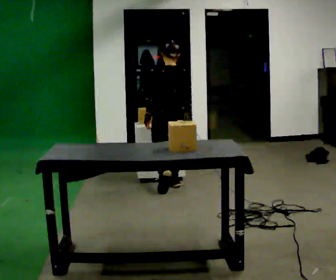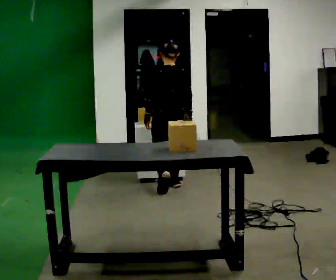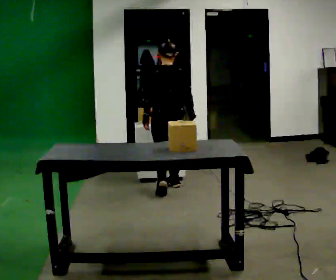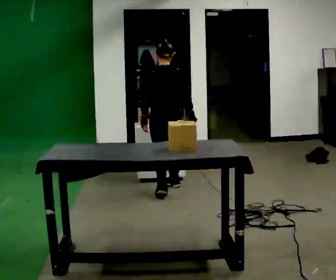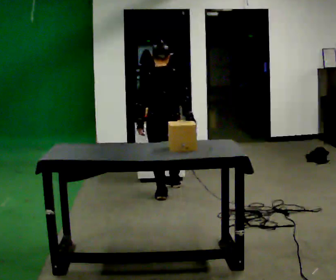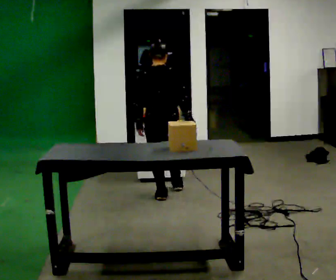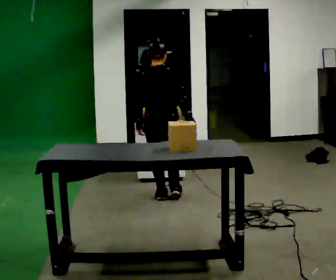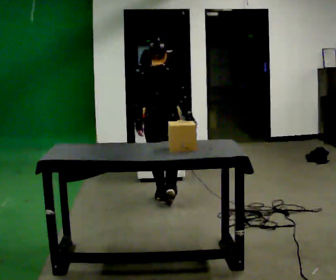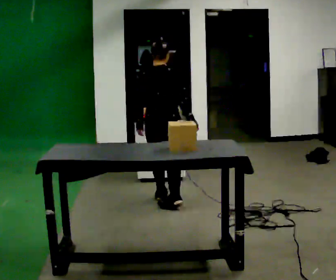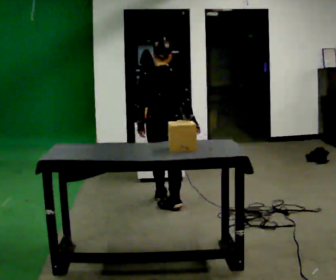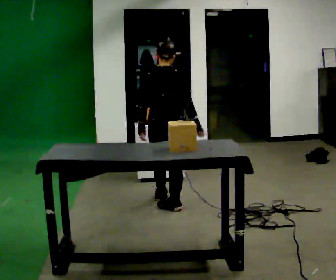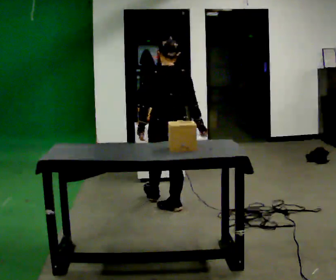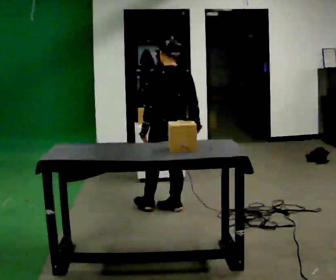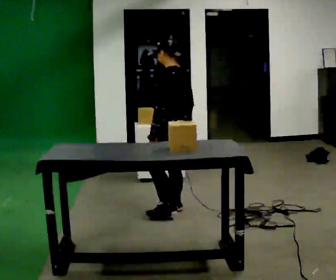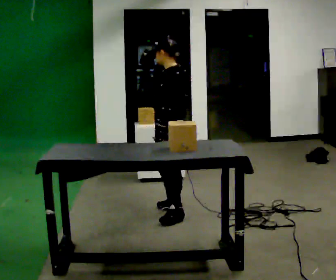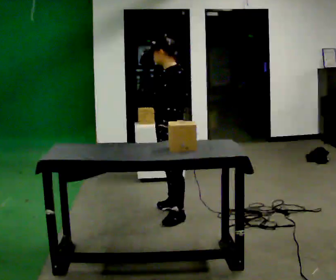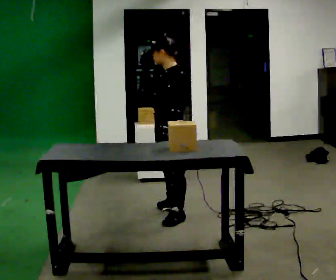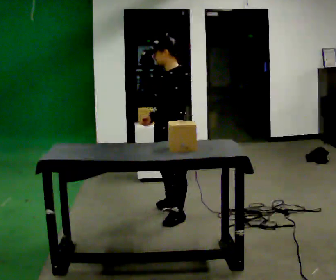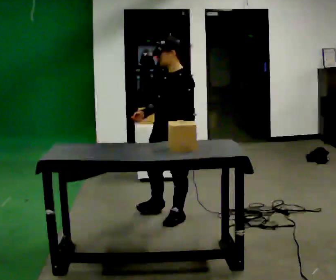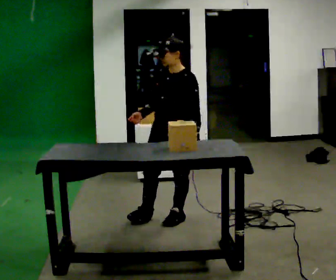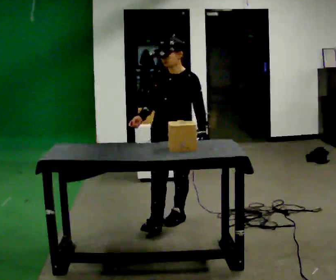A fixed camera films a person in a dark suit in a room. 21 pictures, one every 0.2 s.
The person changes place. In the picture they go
toward the camera.
0.0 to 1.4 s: The part of the body nearest the lens slides to the left as the person turns to their right by about 45 degrees. In the picture they go toward the camera, about 0.5 m in 2 steps, which for them is backward and to their left.
1.4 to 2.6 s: The person turns about 60 degrees to their left, counterclockwise seen from above, so the part of the body nearest the lens slides to the right. In the picture they go toward the camera, about 0.25 m in 1 step.
2.6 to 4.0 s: Seen from above the body turns counterclockwise, about 105 degrees: to their left, with its near side sliding to the right. In the picture they go toward the camera, about 0.25 m in 1 step.
The film runs backward here.
